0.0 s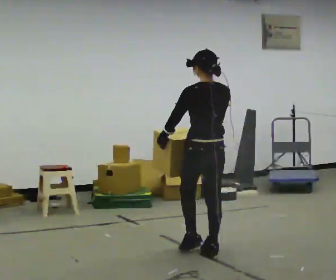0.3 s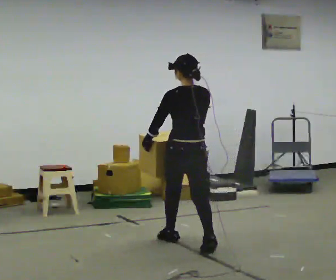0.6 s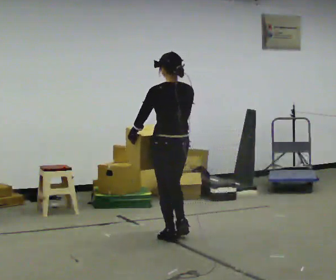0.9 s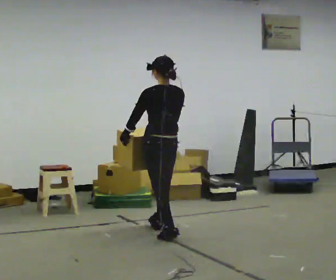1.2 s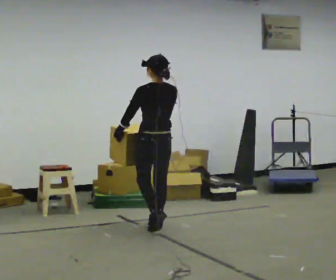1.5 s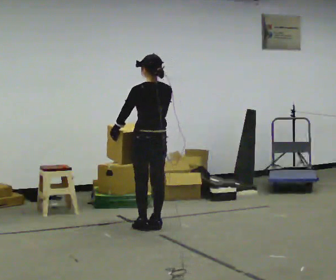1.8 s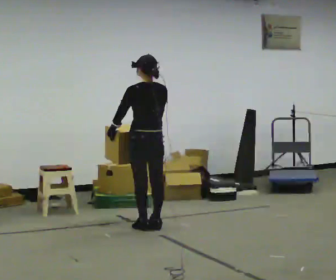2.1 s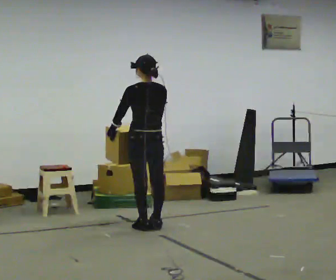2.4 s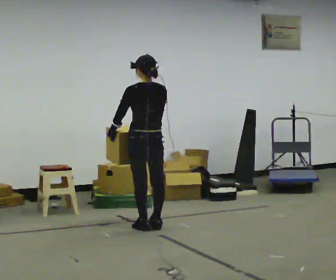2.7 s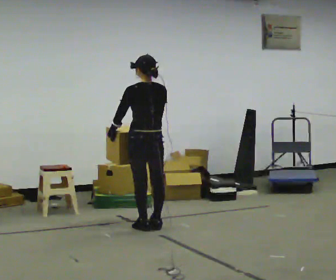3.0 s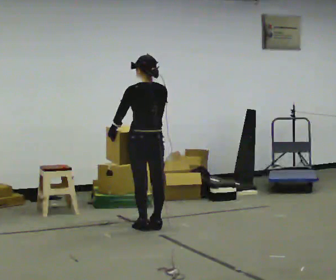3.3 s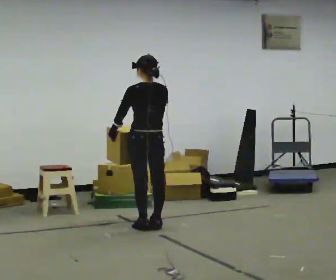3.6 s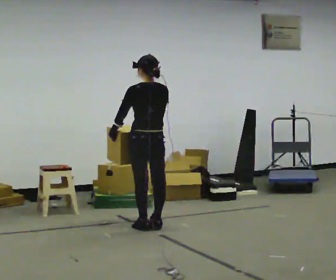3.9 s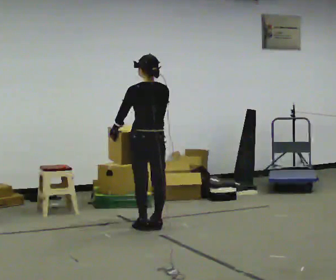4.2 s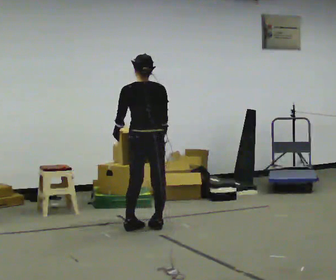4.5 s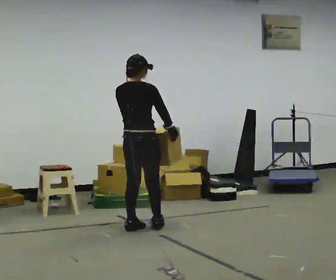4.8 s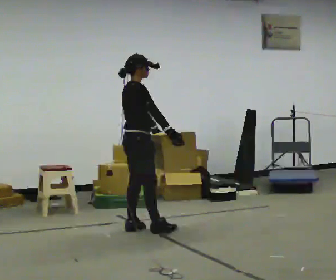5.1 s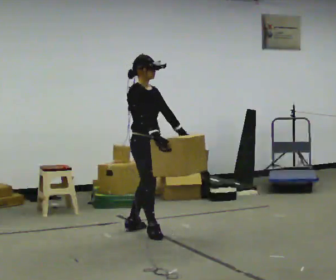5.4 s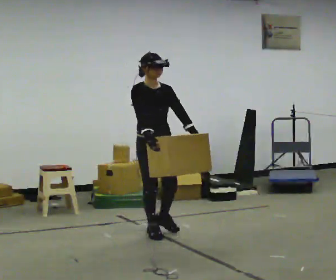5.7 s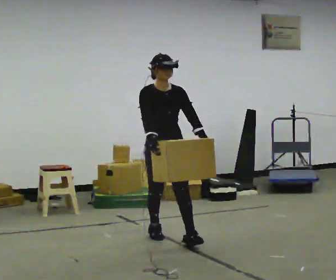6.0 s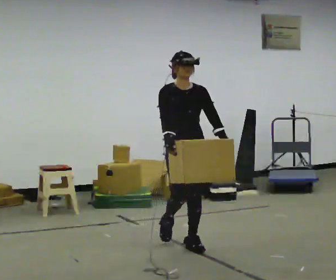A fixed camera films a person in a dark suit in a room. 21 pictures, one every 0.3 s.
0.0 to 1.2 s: In the picture they go away from the camera and to the left, about 1 m in 2 steps, which for them is forward.
1.2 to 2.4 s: The person moves a little, or ends about where they began.
2.4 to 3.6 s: The person keeps their place and pose.
3.6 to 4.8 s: Seen from above the body turns clockwise, about 105 degrees: to their right, with its near side sliding to the left.
4.8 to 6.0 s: The part of the body nearest the lens slides to the left as the person turns to their right by about 90 degrees. In the picture they go toward the camera and to the right, about 0.5 m in 2 steps.
The film runs forward here.
